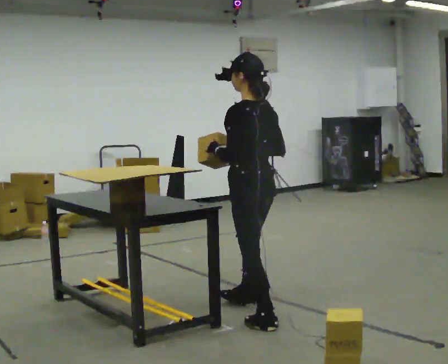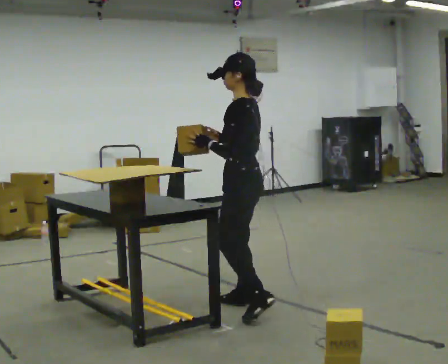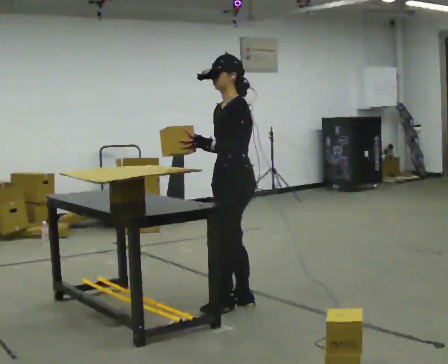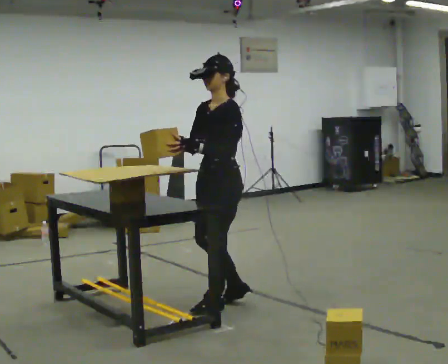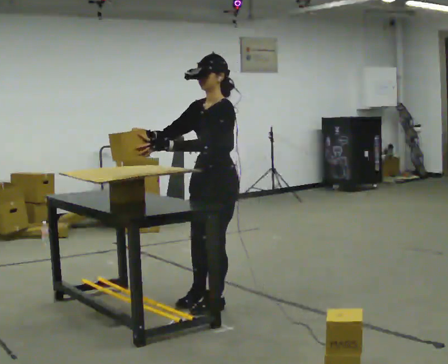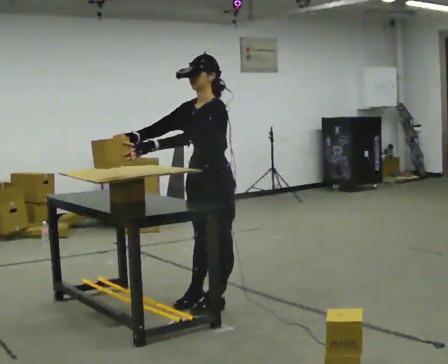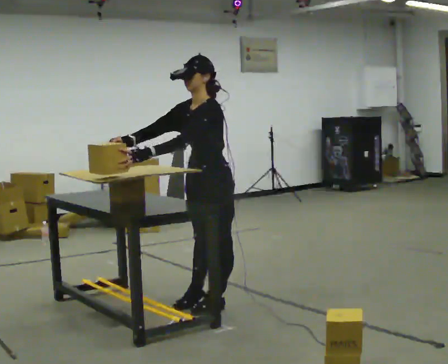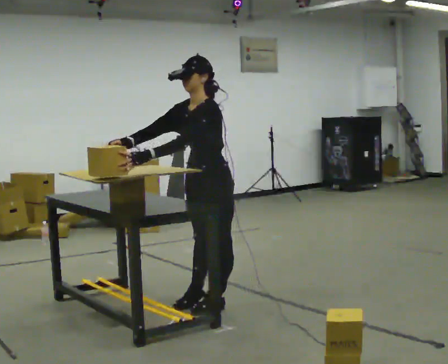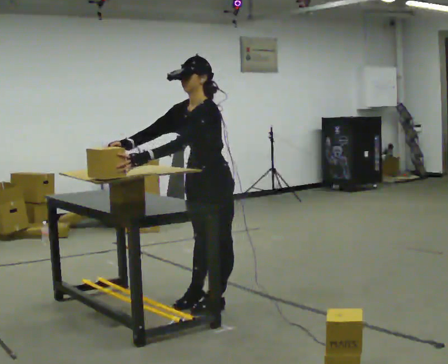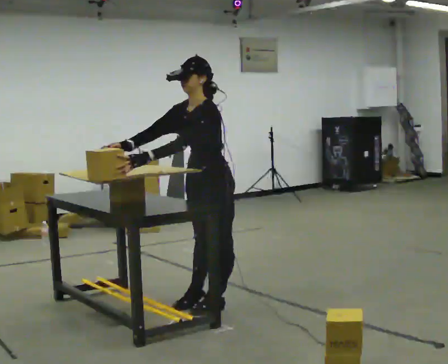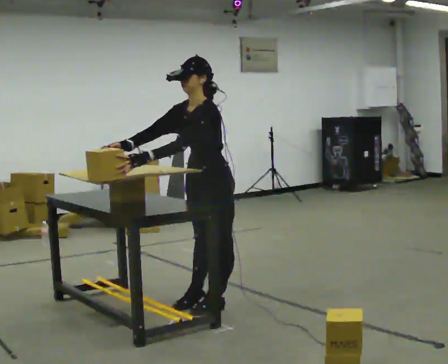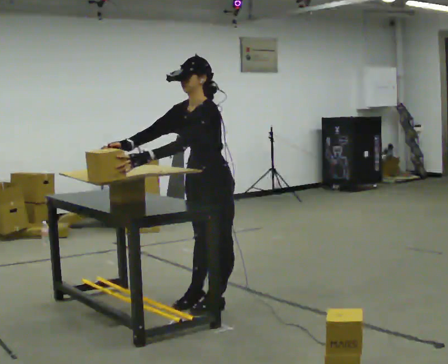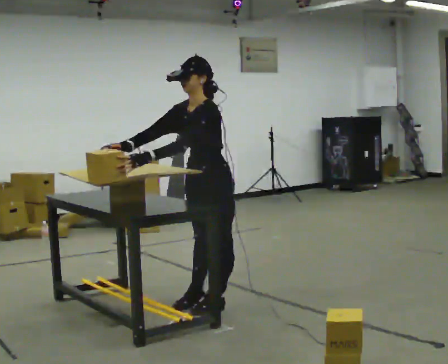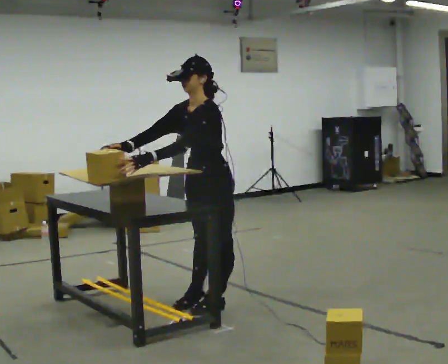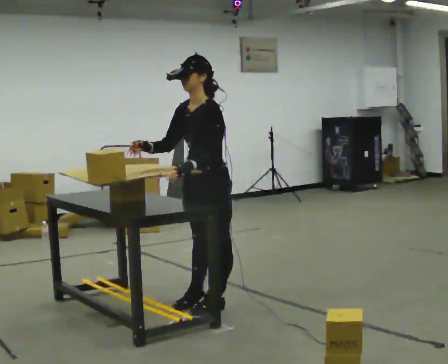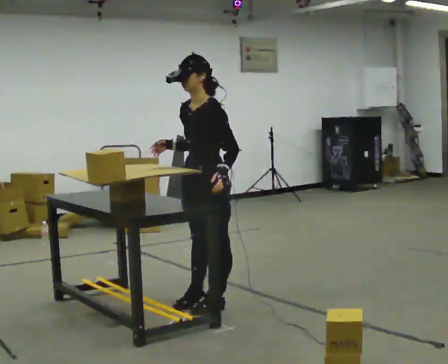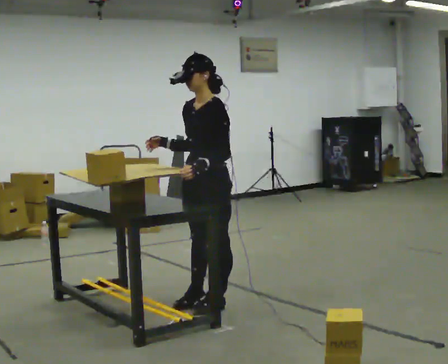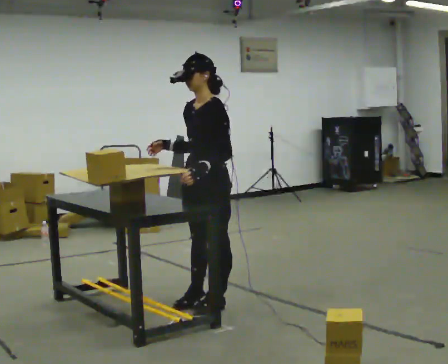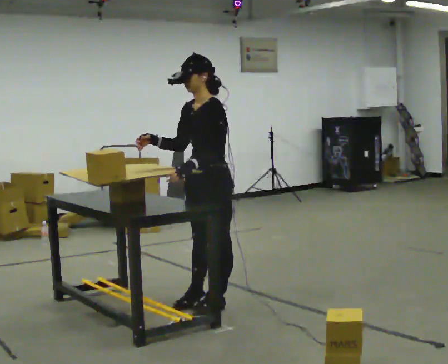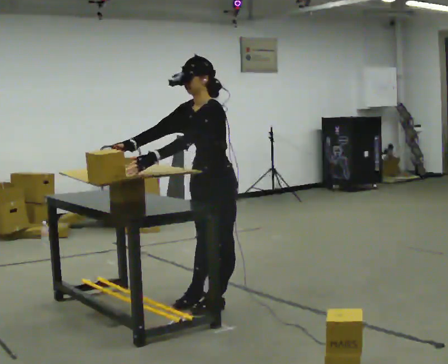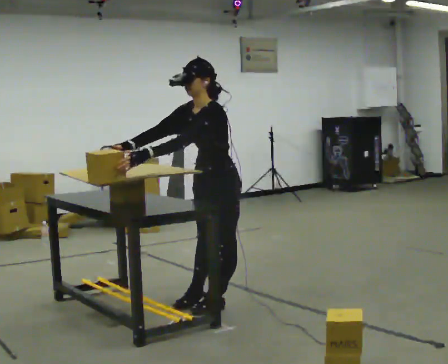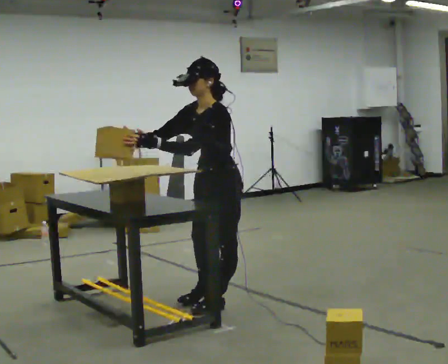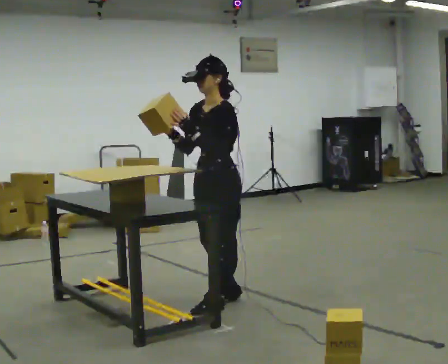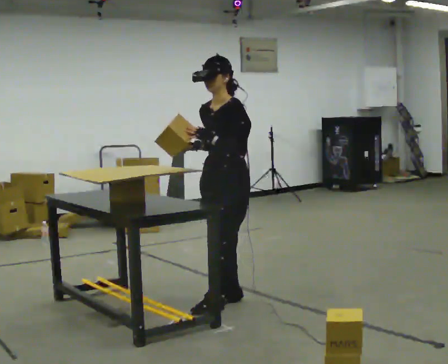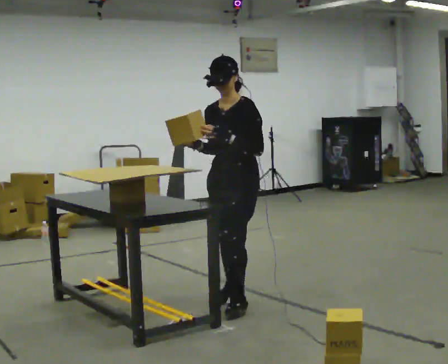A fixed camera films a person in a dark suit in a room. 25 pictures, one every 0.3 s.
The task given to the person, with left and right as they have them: Carry the object over and set it down on the wobbly board without tipping it over. Keep going until the operator says stop; one object at a time, and do not rush between trips.
0.0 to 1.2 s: Seen from above the body turns counterclockwise, about 60 degrees: to their left, with its near side sliding to the right. In the picture they go away from the camera and to the left, about 0.25 m in 1 step.
1.2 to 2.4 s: The person moves a little, or ends about where they began.
2.4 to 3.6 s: The person keeps their place and pose.
3.6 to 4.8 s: In the picture the upper body tilts clockwise, shoulders to the right, as they lean back or straighten.
4.8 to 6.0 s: In the picture the upper body tilts counterclockwise, shoulders to the left, as they bend forward.
6.0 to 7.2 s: Seen from above the body turns counterclockwise, about 30 degrees: to their left, with its near side sliding to the right. In the picture their left hand goes to the right.
The film runs forward here.
